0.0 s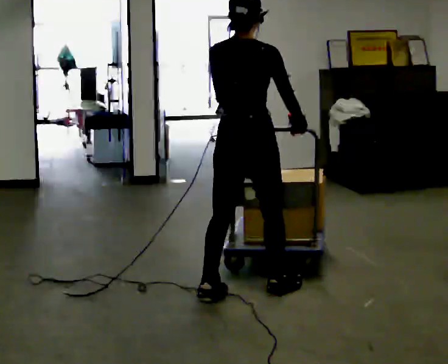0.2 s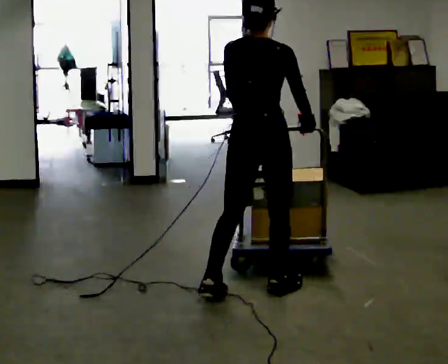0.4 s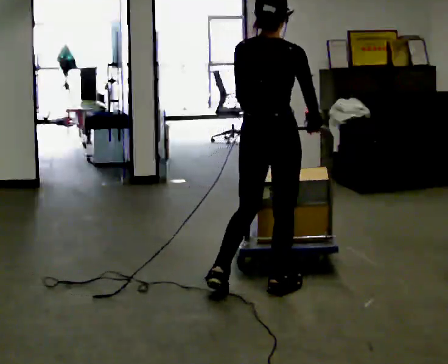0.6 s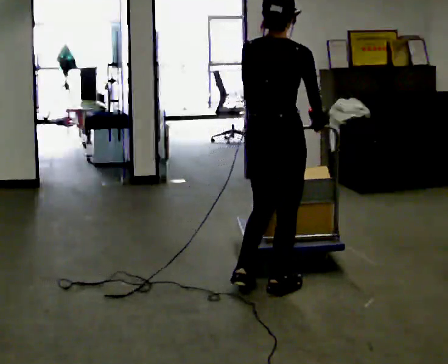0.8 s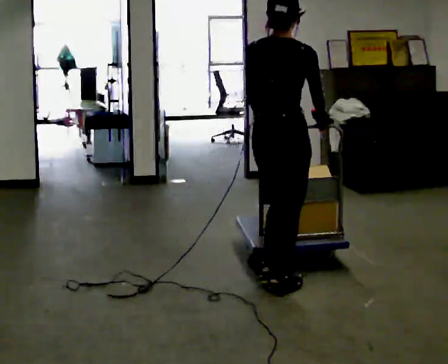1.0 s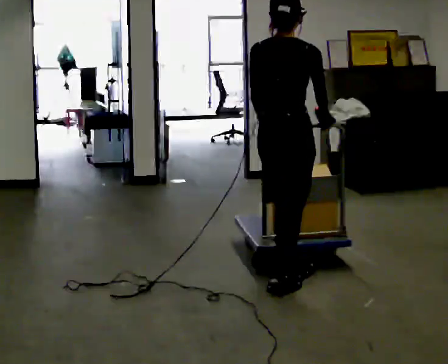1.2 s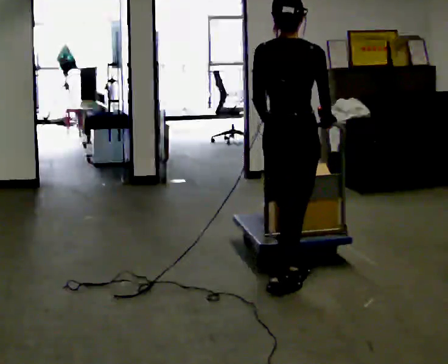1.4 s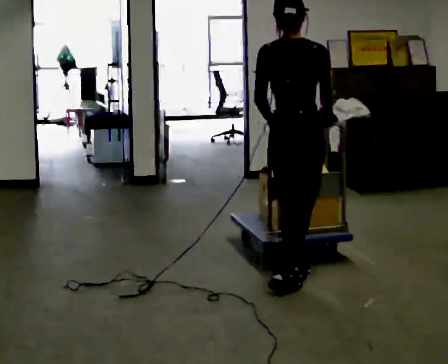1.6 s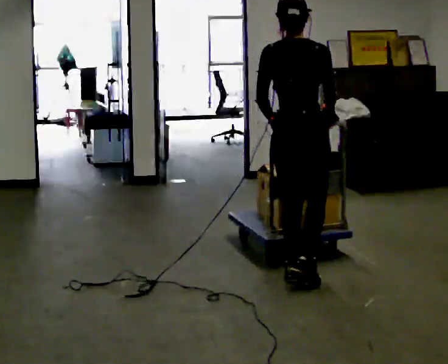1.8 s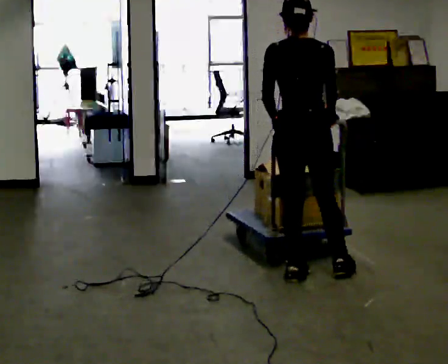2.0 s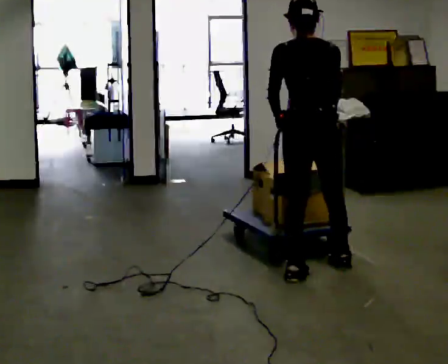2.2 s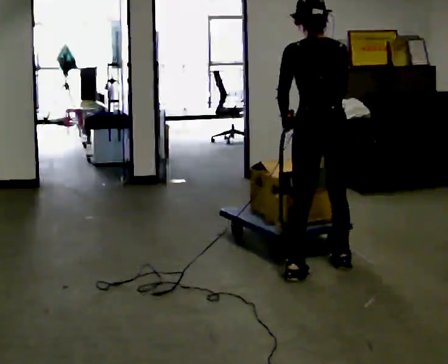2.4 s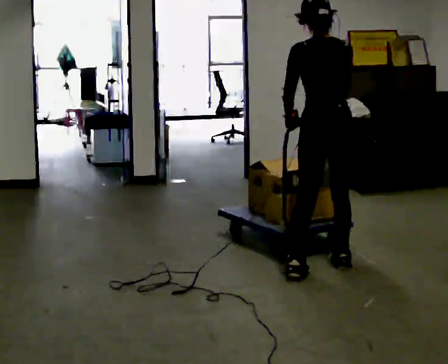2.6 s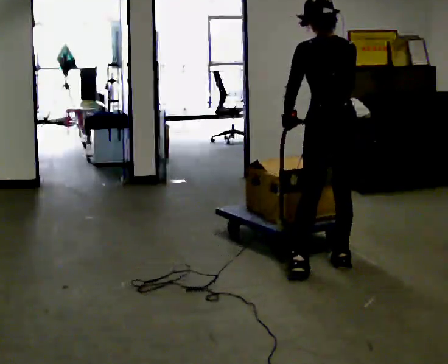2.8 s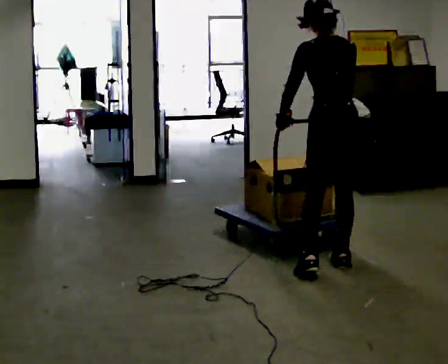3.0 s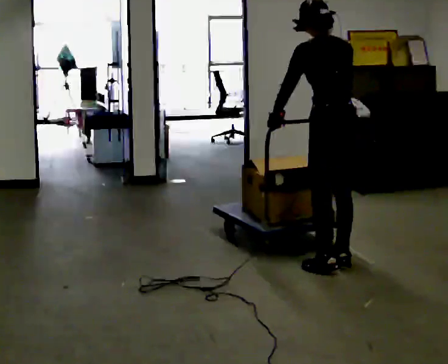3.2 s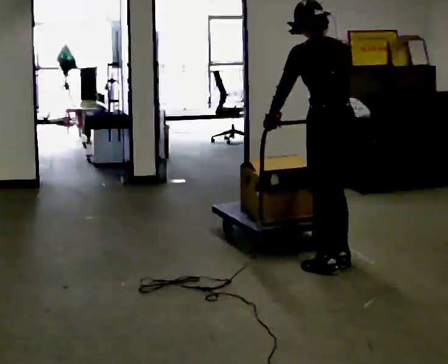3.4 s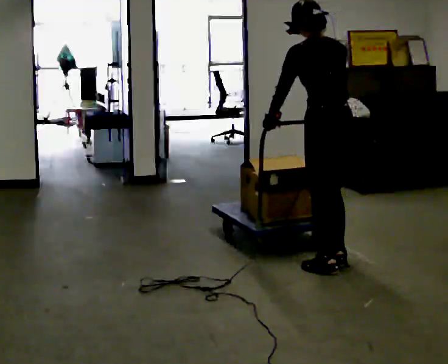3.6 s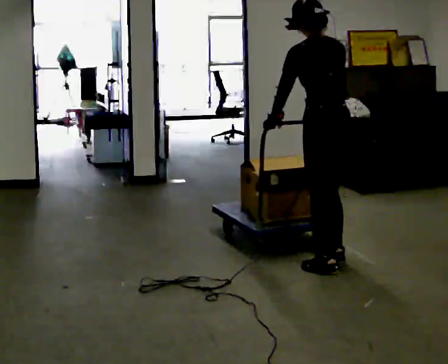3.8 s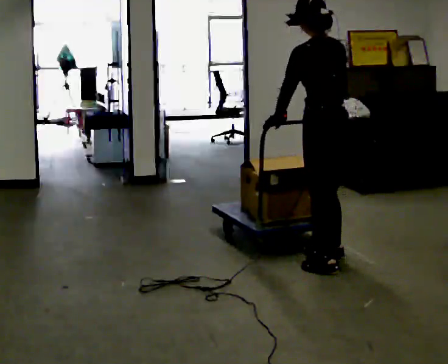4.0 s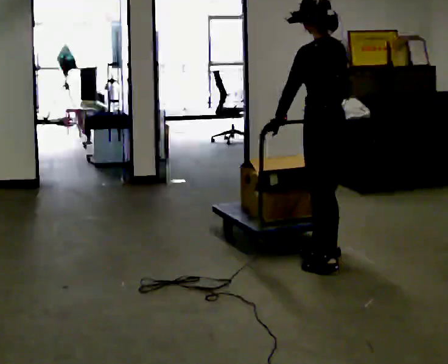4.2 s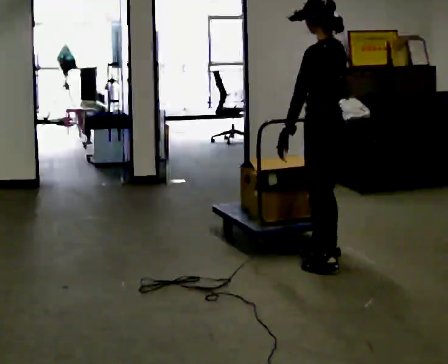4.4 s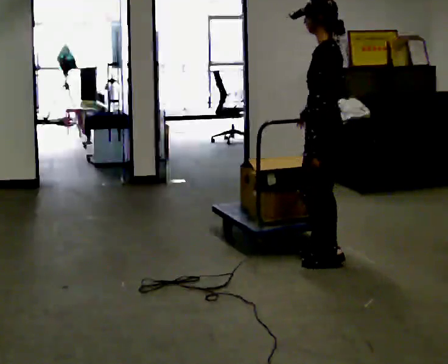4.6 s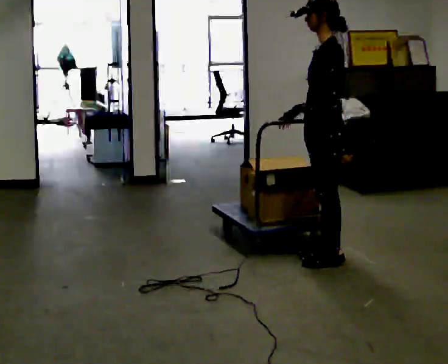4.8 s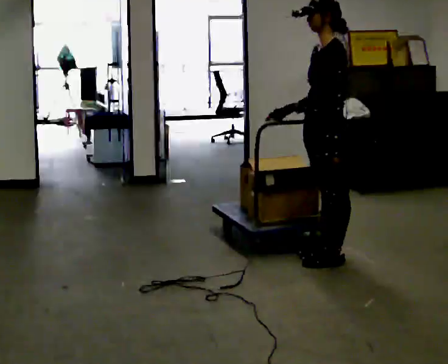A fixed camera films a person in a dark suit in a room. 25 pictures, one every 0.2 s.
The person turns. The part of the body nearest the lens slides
to the right.
Their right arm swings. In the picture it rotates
clockwise.
0.0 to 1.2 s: In the picture they go to the right and away from the camera, about 0.25 m in 1 step, which for them is forward and to their right.
1.2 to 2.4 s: The part of the body nearest the lens slides to the right as the person turns to their left by about 30 degrees. In the picture they go away from the camera and to the right, about 0.5 m in 1 step, which for them is forward.
2.4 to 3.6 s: The person moves a little, or ends about where they began.
3.6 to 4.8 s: The person turns about 75 degrees to their left, counterclockwise seen from above, so the part of the body nearest the lens slides to the right. In the picture they go away from the camera, about 0.25 m in 2 steps. In the picture their left hand goes to the right.
The film runs forward here.
